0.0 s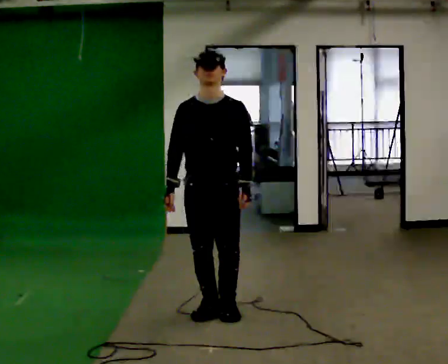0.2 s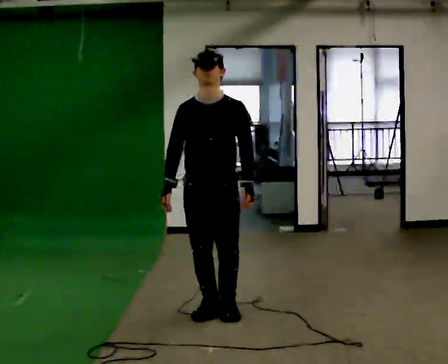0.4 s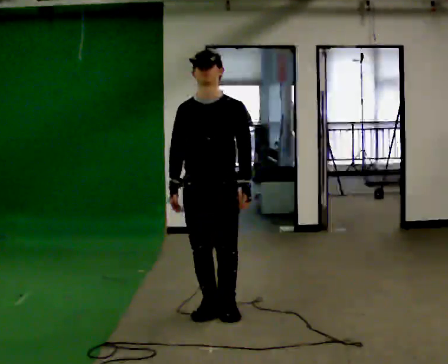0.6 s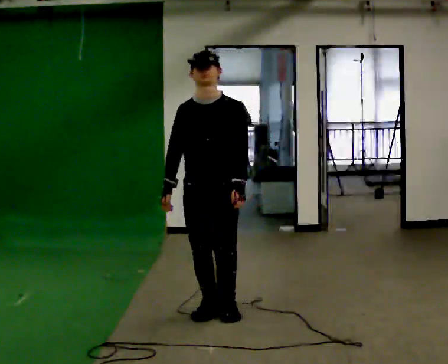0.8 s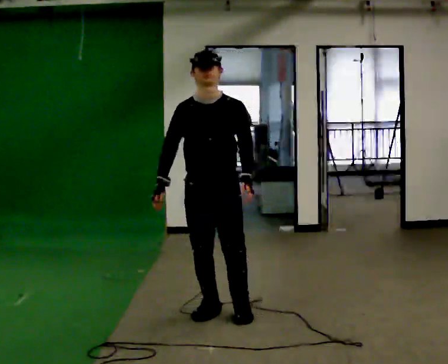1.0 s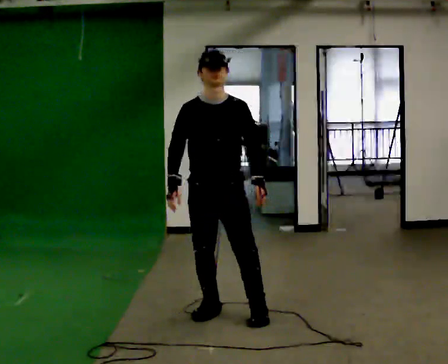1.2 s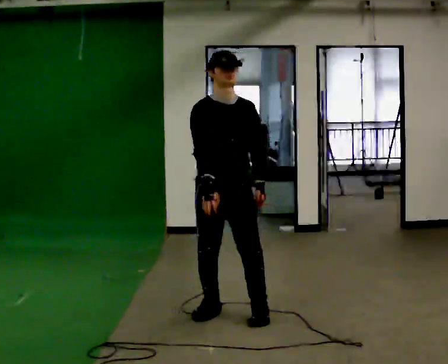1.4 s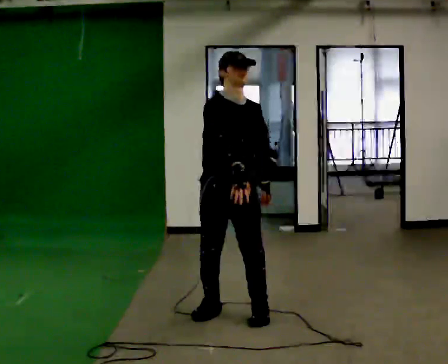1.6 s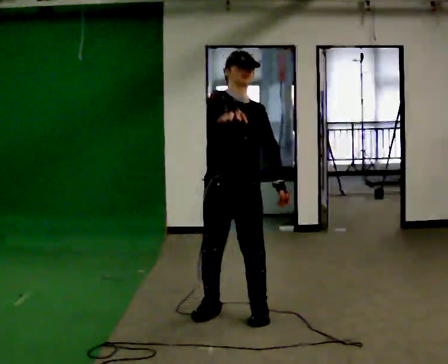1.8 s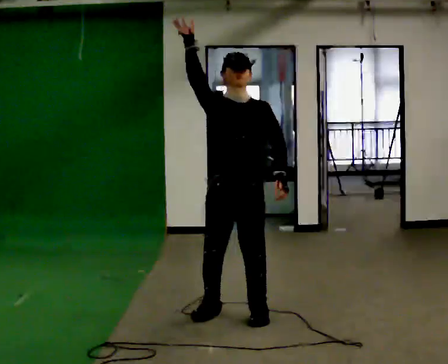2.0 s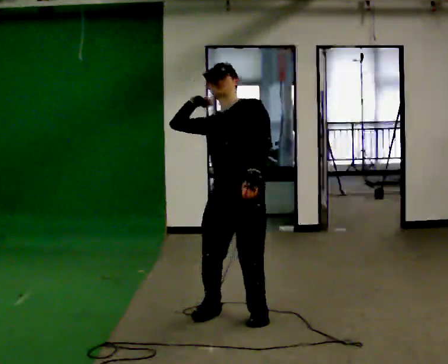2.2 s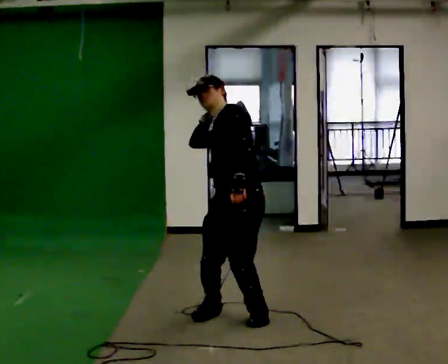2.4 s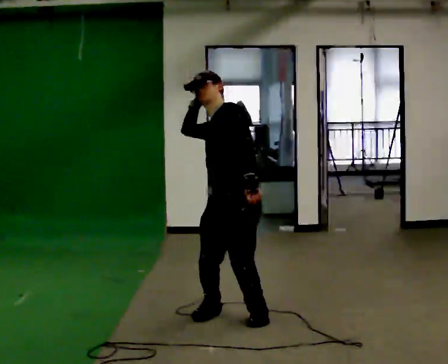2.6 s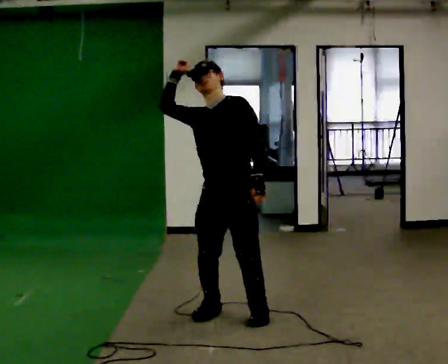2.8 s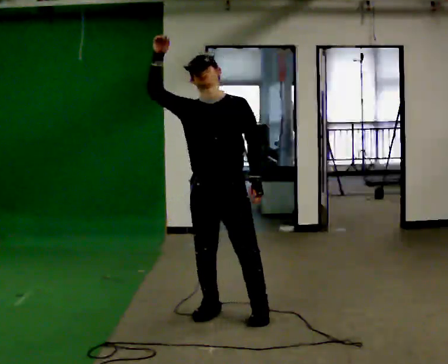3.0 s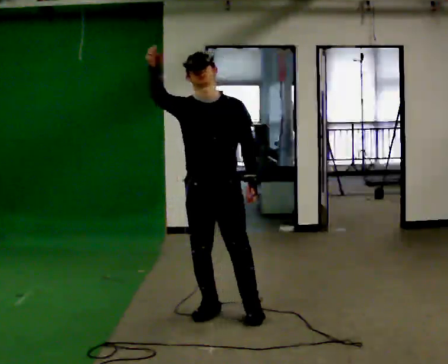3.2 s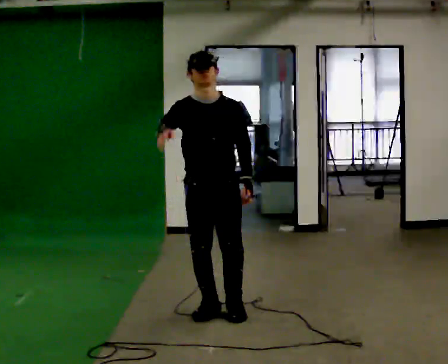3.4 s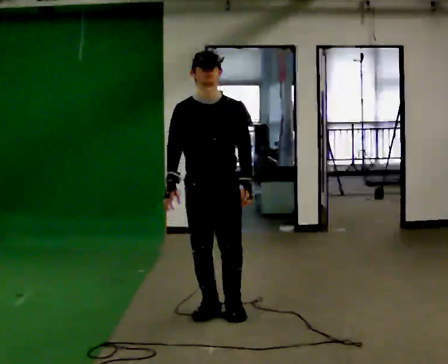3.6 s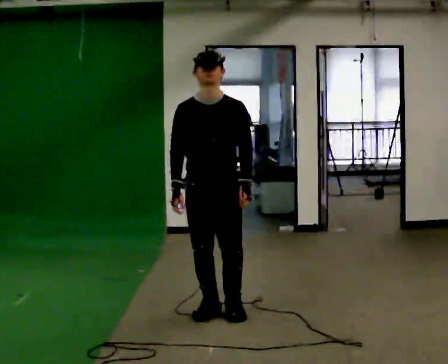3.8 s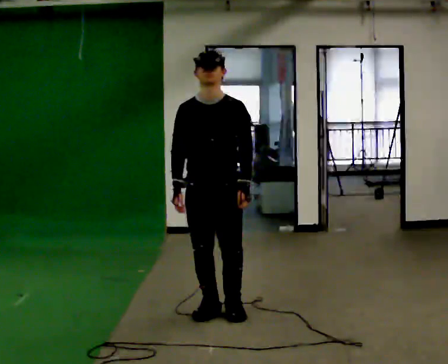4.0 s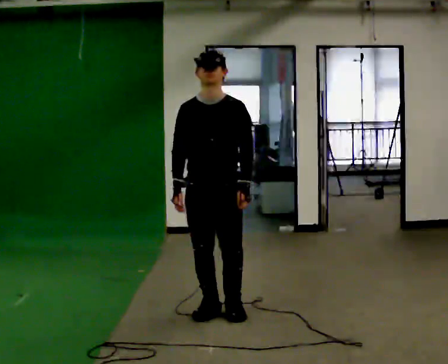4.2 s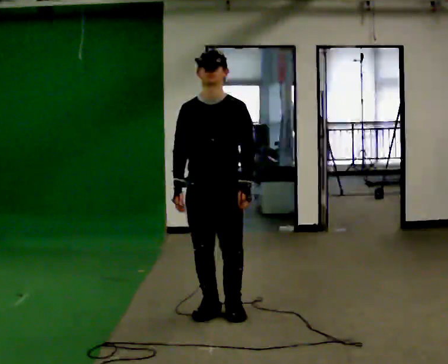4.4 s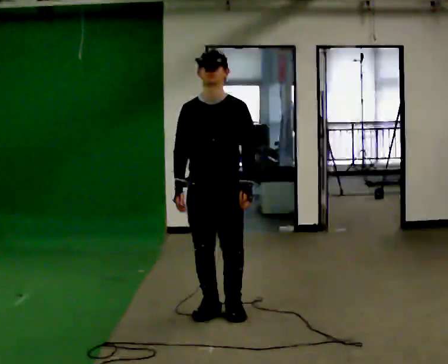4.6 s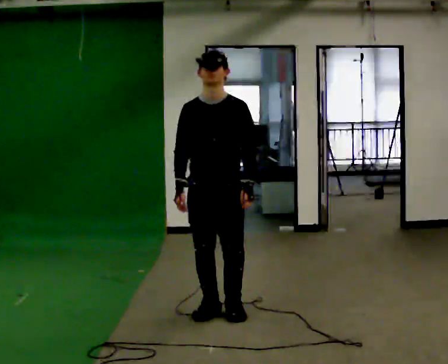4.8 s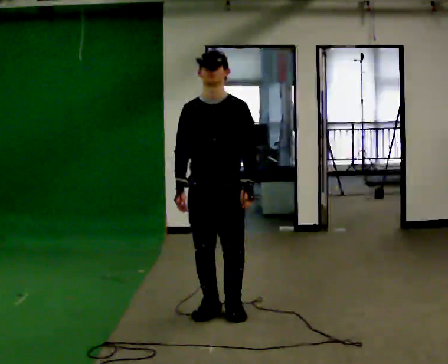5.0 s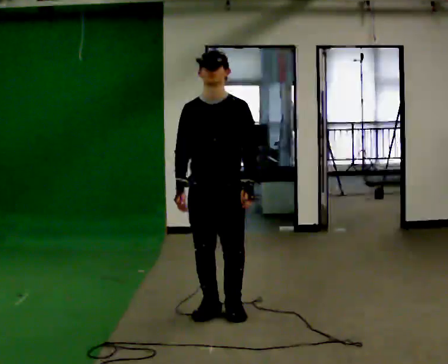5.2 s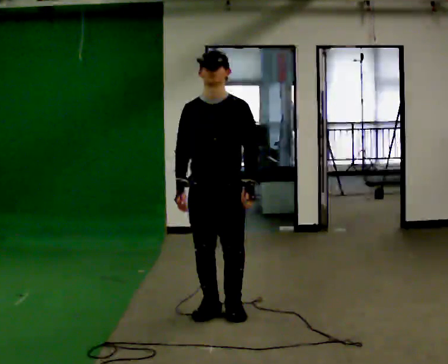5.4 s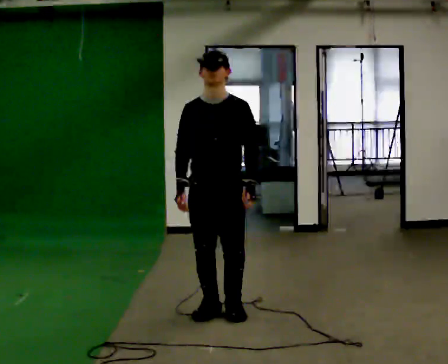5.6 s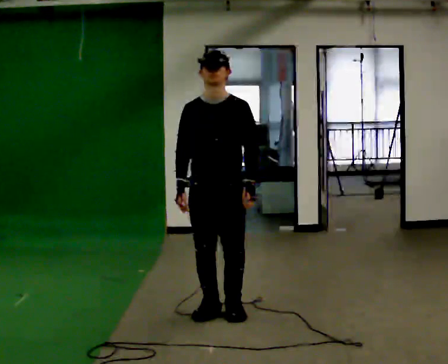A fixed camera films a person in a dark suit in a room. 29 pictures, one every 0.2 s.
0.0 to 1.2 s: The person moves a little, or ends about where they began.
1.2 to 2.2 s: The person turns about 60 degrees to their right, clockwise seen from above, so the part of the body nearest the lens slides to the left. The upper body tips away from the camera, its near side rolling upward. In the picture their right hand goes upward.
2.2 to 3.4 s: The person turns about 60 degrees to their left, counterclockwise seen from above, so the part of the body nearest the lens slides to the right. In the picture they go to the left, about 0.25 m in 1 step. The upper body tips toward the camera, its near side rolling downward. In the picture their right hand goes downward.
3.4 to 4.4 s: The person moves a little, or ends about where they began.
4.4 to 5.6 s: The person keeps their place and pose.
The film runs backward here.
